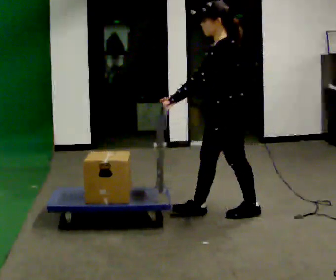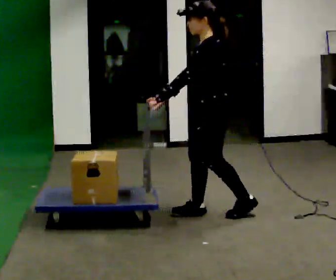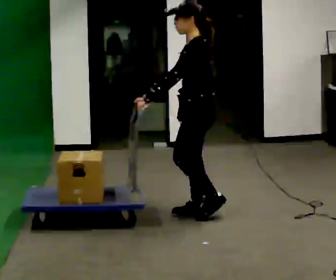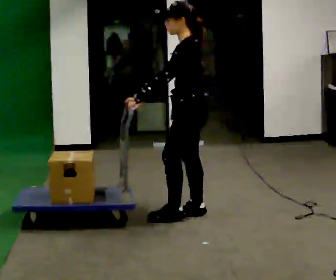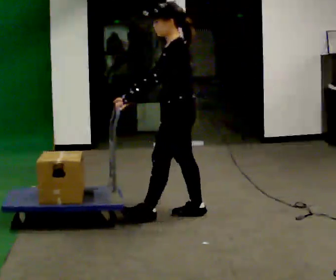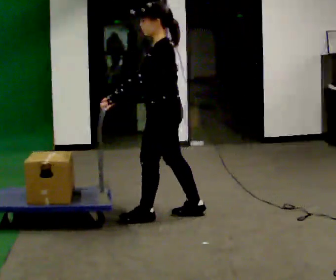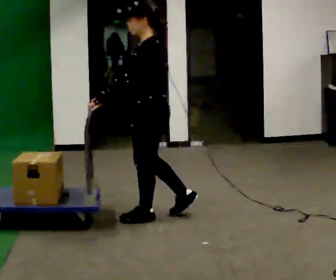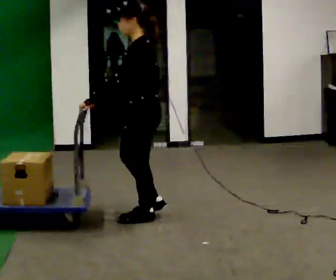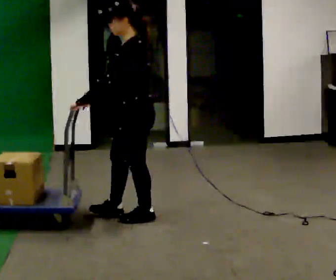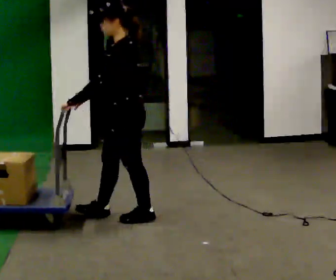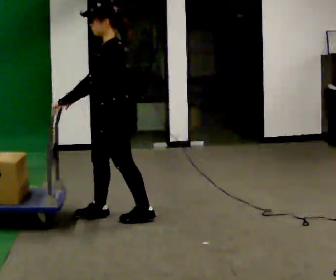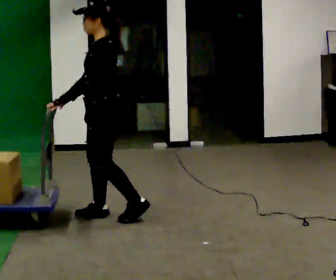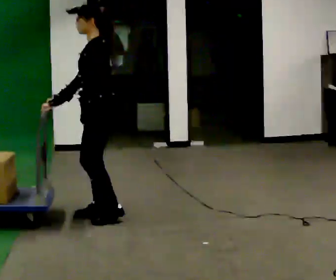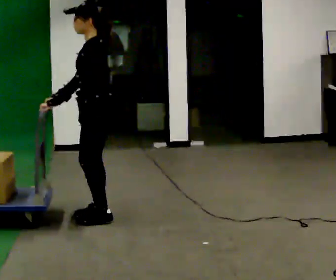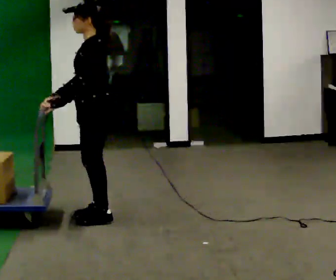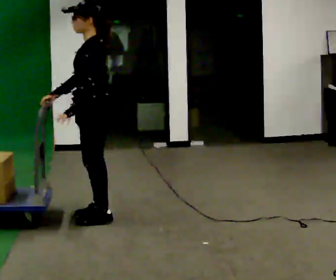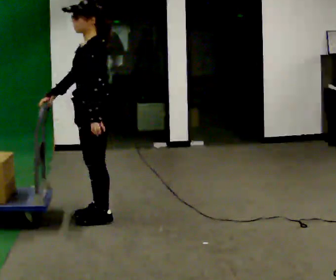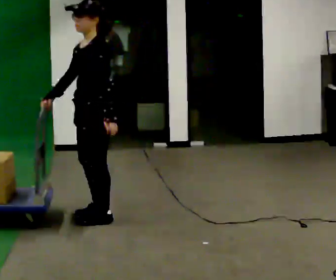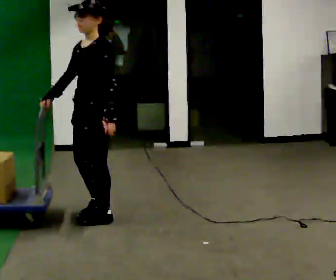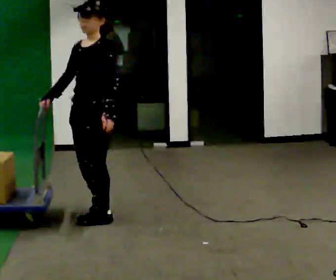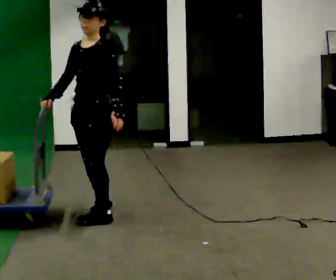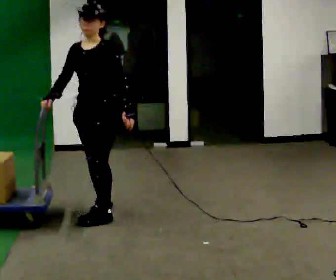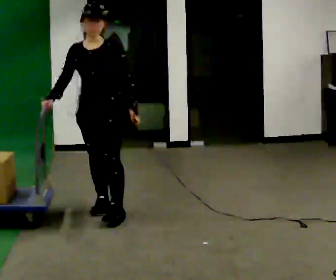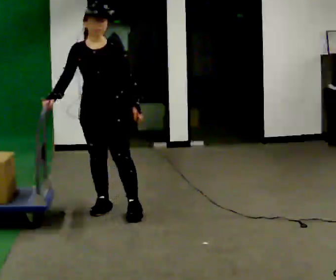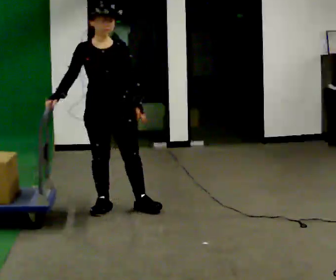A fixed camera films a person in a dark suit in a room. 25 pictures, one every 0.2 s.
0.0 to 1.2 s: In the picture they go to the left, about 0.5 m in 1 step, which for them is forward.
1.2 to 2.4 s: In the picture they go to the left, about 0.5 m in 1 step, which for them is forward.
2.4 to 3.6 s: The person turns about 30 degrees to their left, counterclockwise seen from above, so the part of the body nearest the lens slides to the right. In the picture their left hand goes to the right, the arm swinging counterclockwise.
3.6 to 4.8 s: Seen from above the body turns counterclockwise, about 60 degrees: to their left, with its near side sliding to the right. In the picture they go away from the camera, about 0.25 m in 1 step.
The film runs forward here.
